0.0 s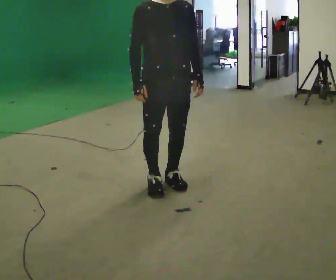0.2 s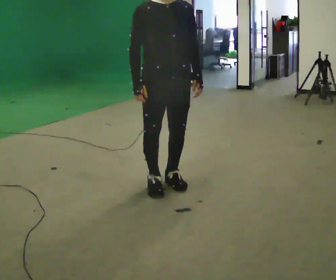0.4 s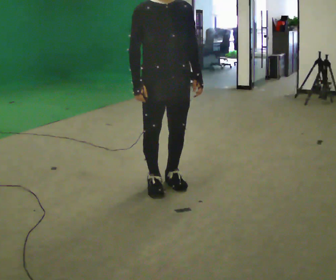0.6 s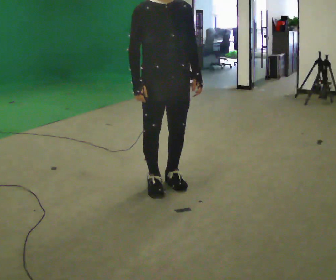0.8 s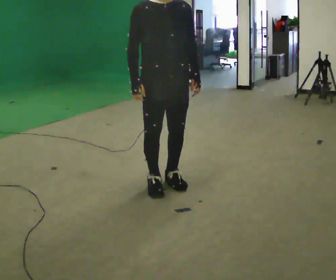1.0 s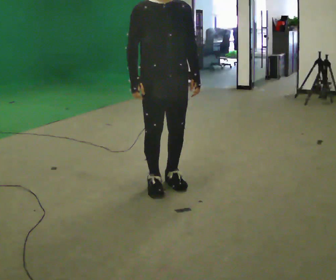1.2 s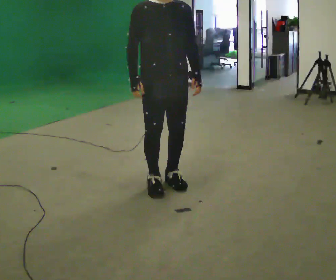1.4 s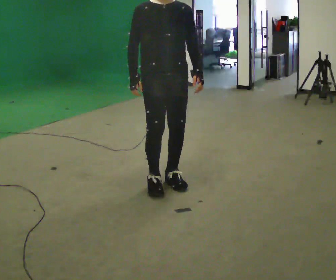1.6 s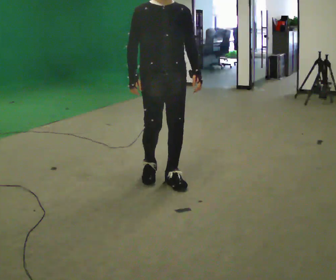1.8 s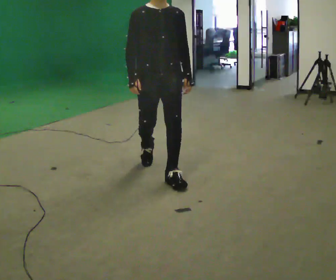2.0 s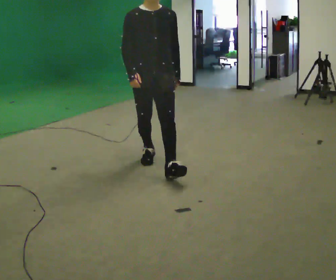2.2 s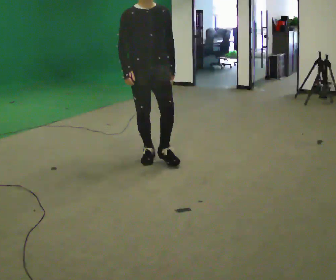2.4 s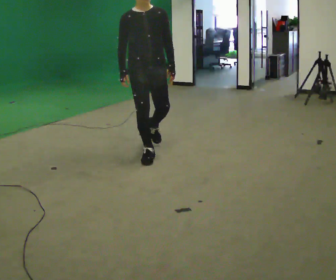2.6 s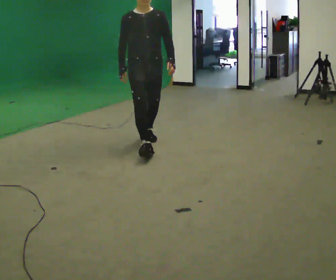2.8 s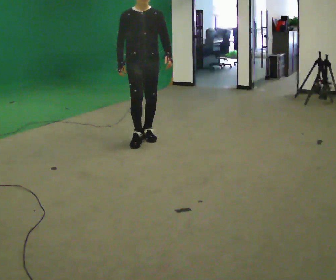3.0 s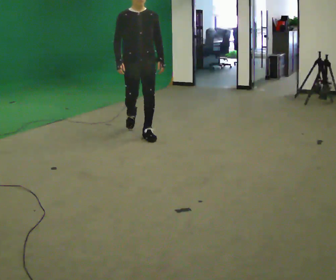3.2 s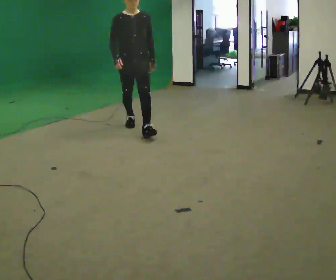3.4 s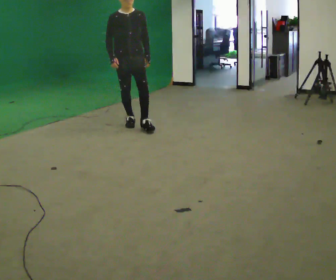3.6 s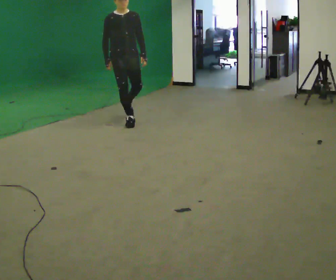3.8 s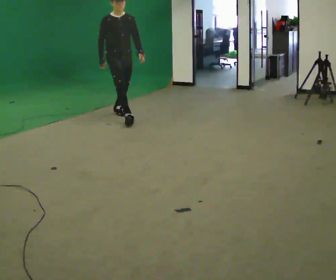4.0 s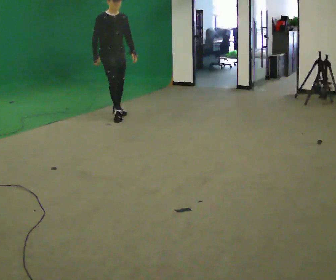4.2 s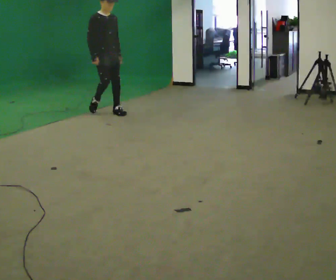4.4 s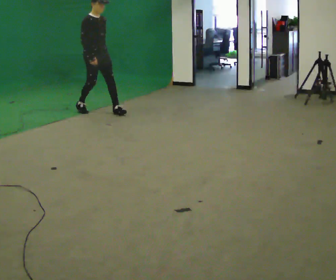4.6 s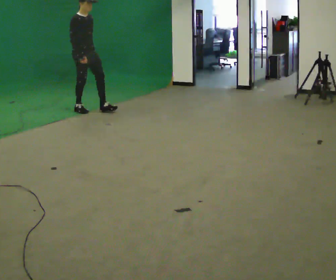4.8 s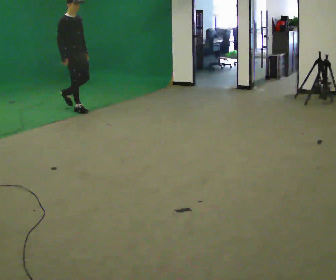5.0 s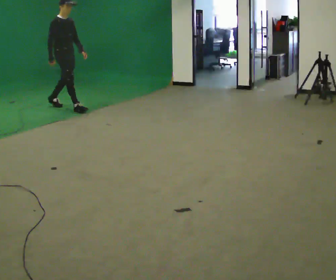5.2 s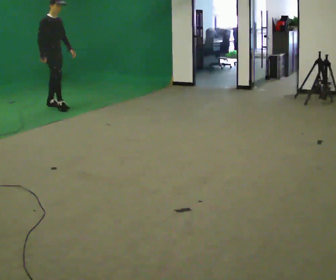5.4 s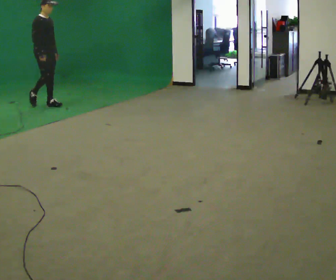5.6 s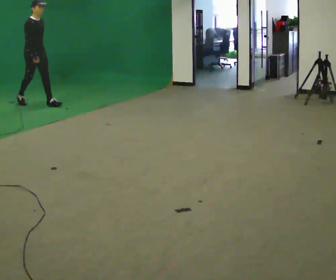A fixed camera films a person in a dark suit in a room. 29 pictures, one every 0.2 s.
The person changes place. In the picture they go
away from the camera.
0.0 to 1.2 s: The person moves a little, or ends about where they began.
1.2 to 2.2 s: In the picture they go away from the camera, about 0.75 m in 2 steps, which for them is backward.
2.2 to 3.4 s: In the picture they go away from the camera, about 1.5 m in 2 steps, which for them is backward.
3.4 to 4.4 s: The part of the body nearest the lens slides to the right as the person turns to their left by about 45 degrees. In the picture they go away from the camera and to the left, about 1 m in 1 step, which for them is backward.
4.4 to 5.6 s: In the picture they go to the left and away from the camera, about 1 m in 2 steps, which for them is backward.
The film runs backward here.
